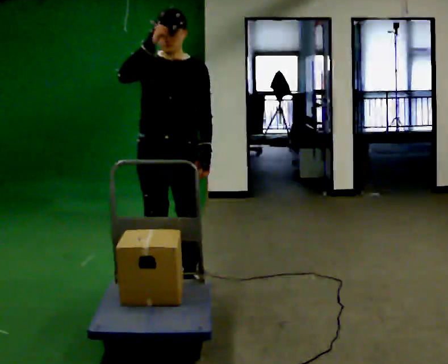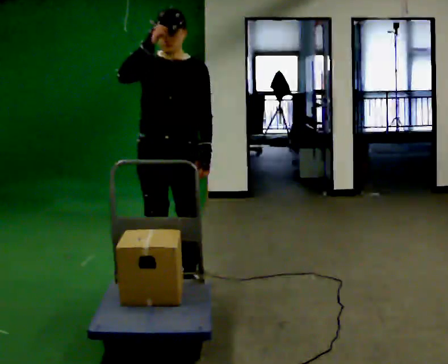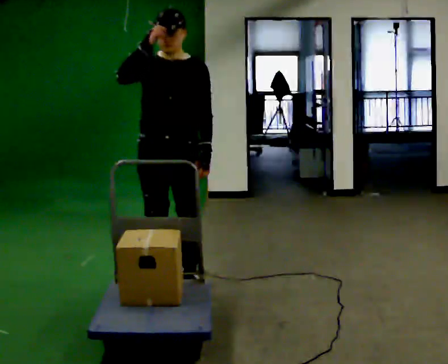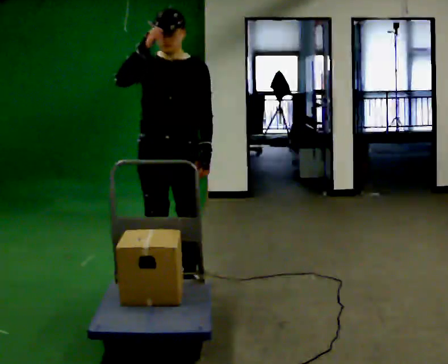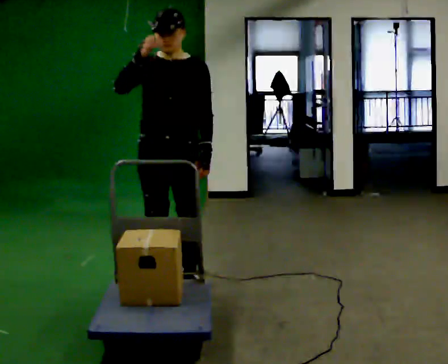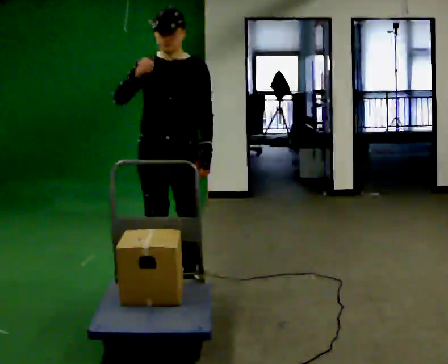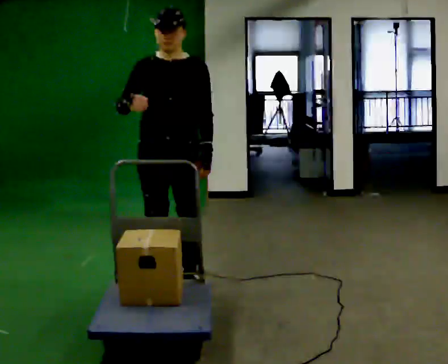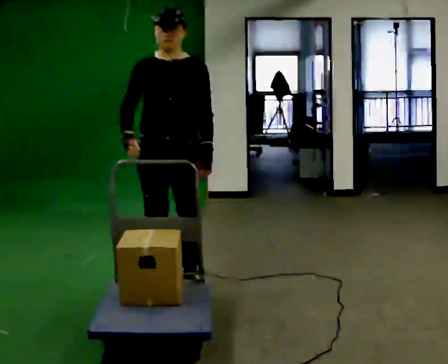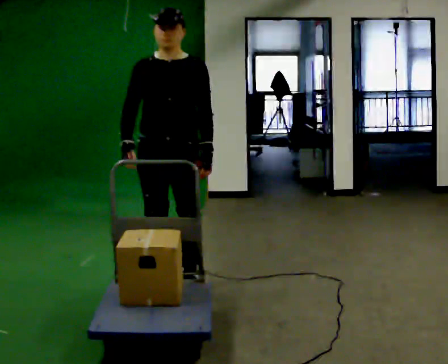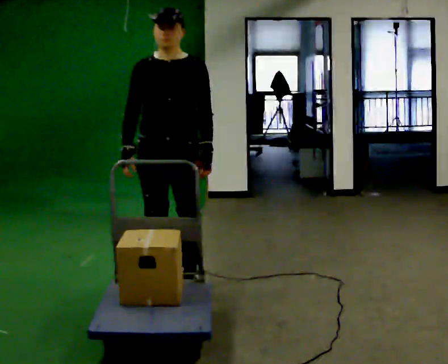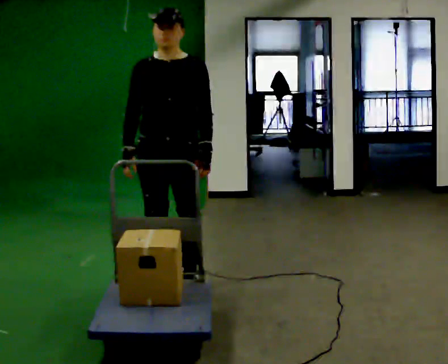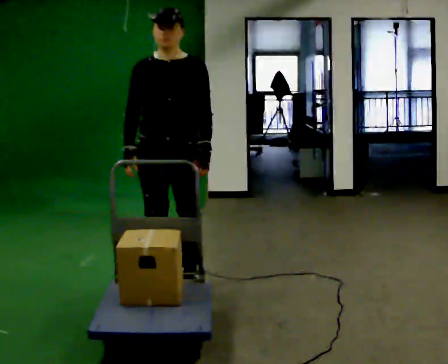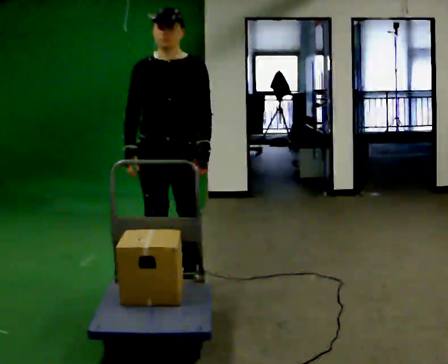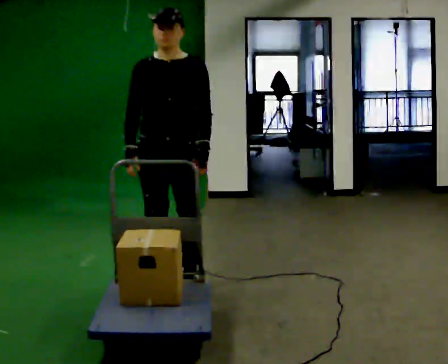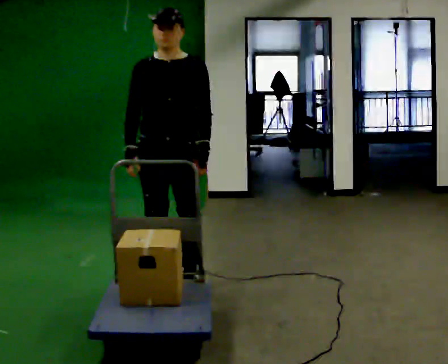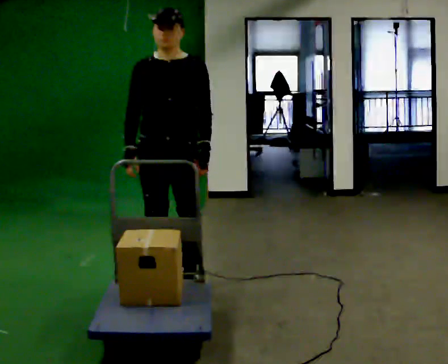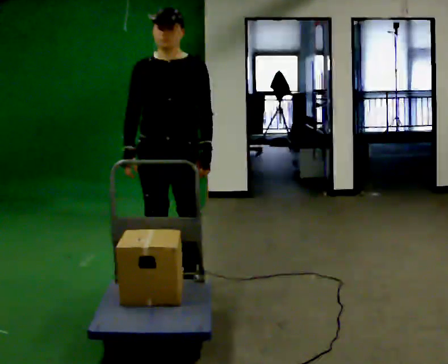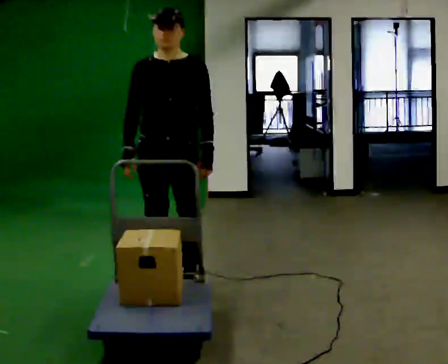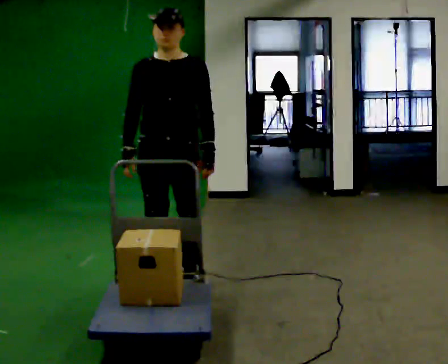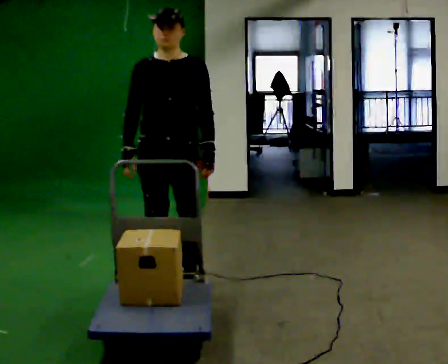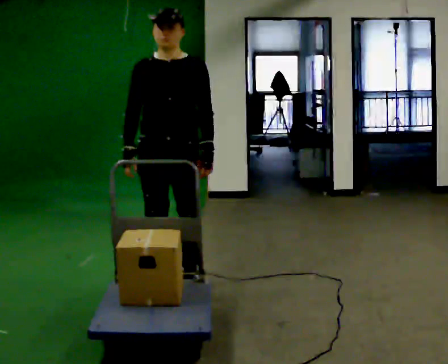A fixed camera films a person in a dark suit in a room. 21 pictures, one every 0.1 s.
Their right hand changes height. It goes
downward.
0.0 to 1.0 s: In the picture their right hand goes downward.
1.0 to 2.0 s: The person moves a little, or ends about where they began.
The film runs backward here.
